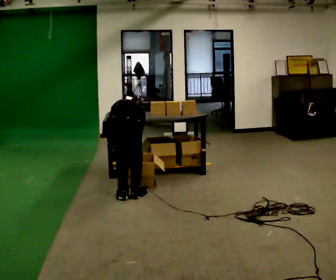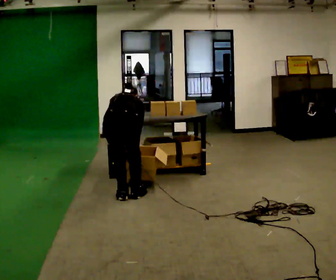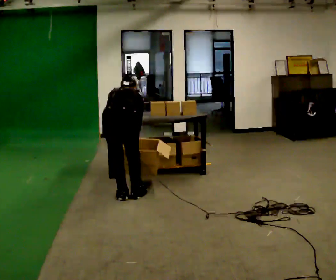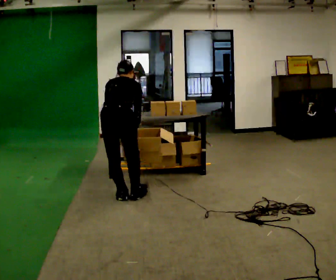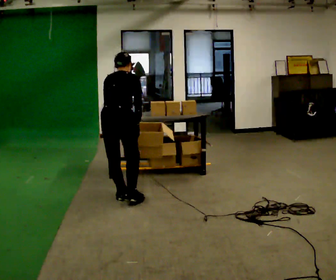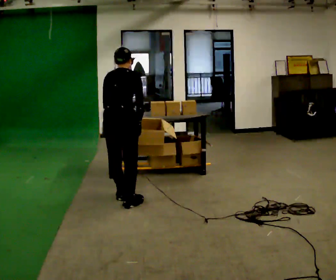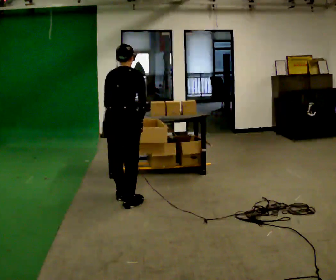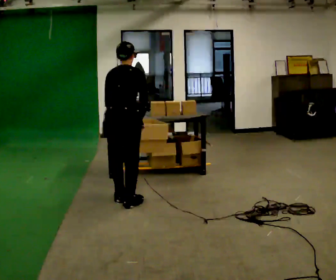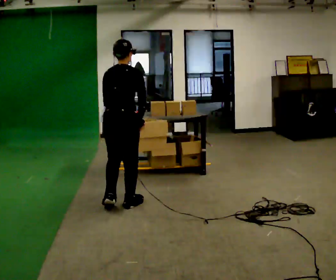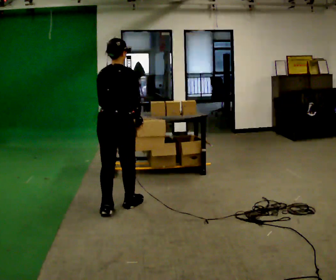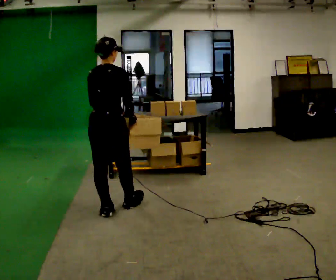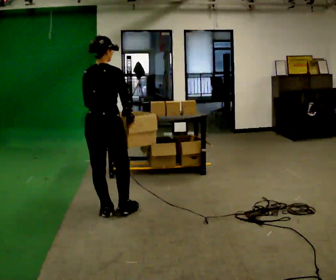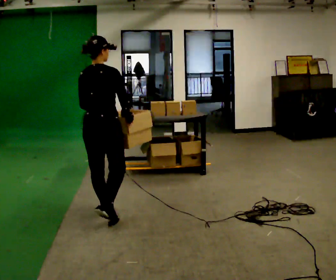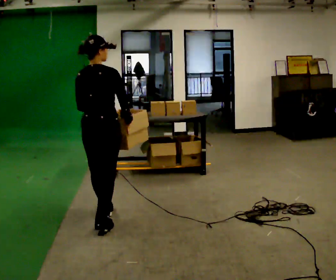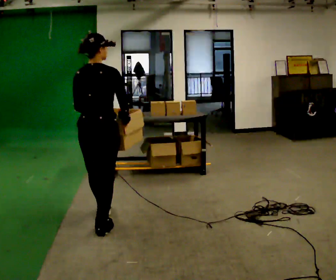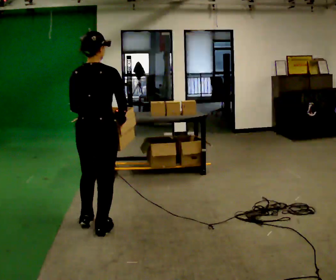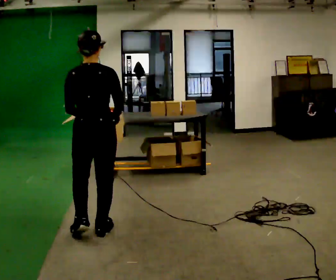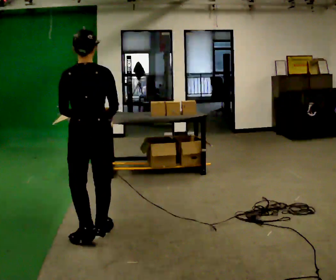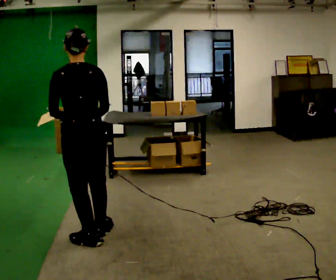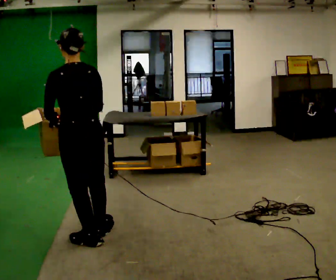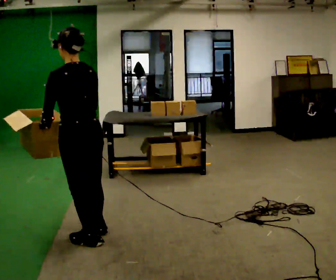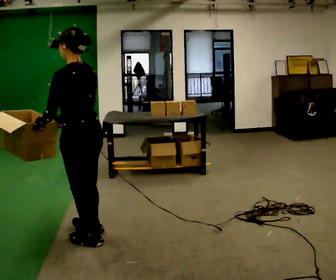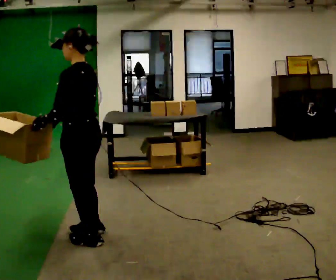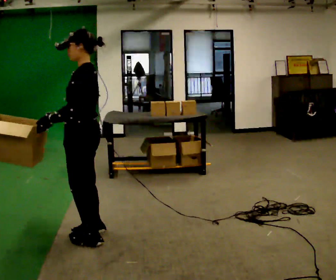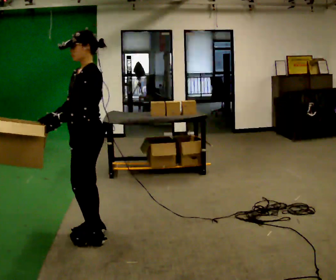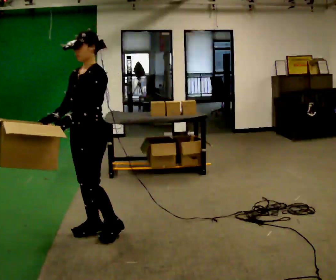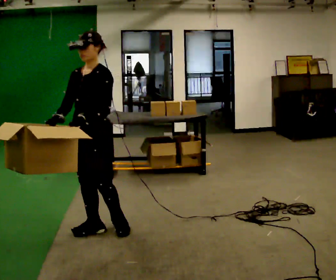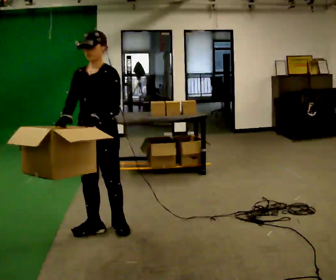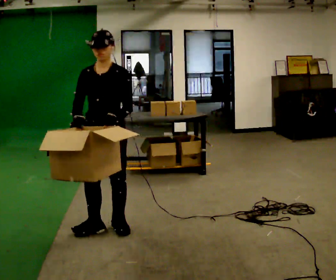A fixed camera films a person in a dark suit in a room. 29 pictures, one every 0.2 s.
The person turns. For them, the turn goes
to their left.
Their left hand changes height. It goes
upward.
0.0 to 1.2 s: The upper body goes upward. The upper body tips toward the camera, its near side rolling downward, as they lean back or straighten. In the picture their left hand goes upward.
1.2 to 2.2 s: In the picture they go toward the camera and to the left, about 0.25 m in 2 steps, which for them is backward. The upper body tips toward the camera, its near side rolling downward, as they lean back or straighten.
2.2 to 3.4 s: The person turns about 30 degrees to their left, counterclockwise seen from above, so the part of the body nearest the lens slides to the right. In the picture they go toward the camera, about 0.5 m in 1 step, which for them is backward.
3.4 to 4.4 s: The person turns about 60 degrees to their left, counterclockwise seen from above, so the part of the body nearest the lens slides to the right. In the picture their right hand goes to the left, the arm swinging clockwise.
4.4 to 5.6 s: Seen from above the body turns counterclockwise, about 90 degrees: to their left, with its near side sliding to the right. In the picture they go away from the camera, about 0.25 m in 1 step.
The film runs backward here.
